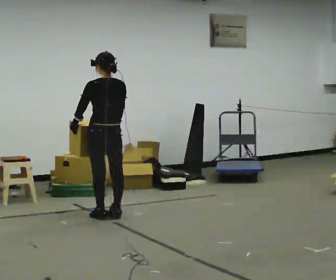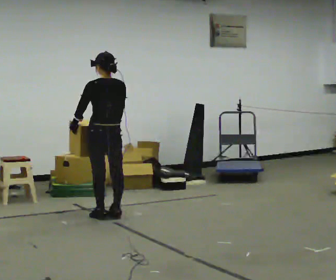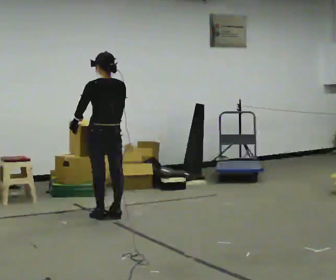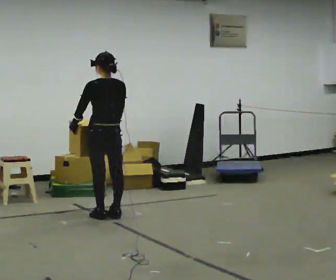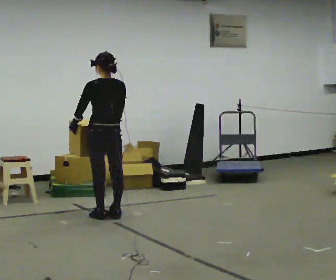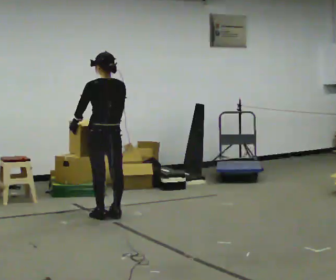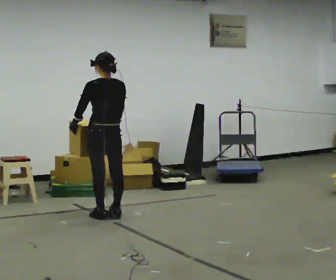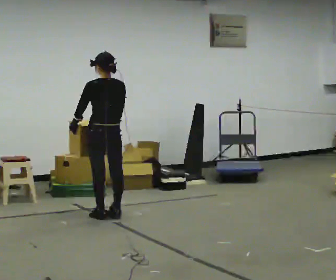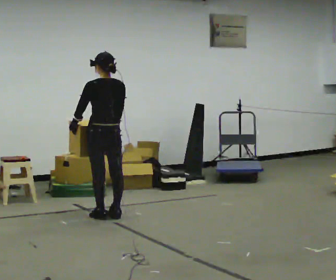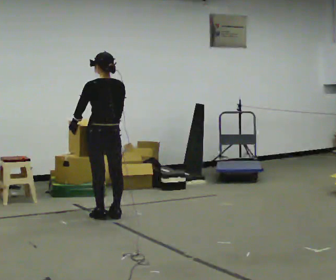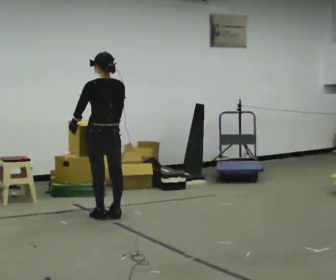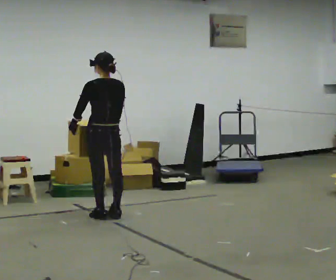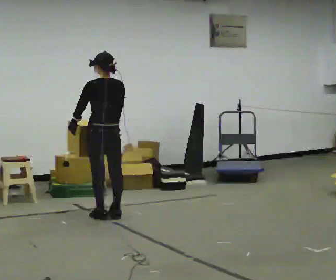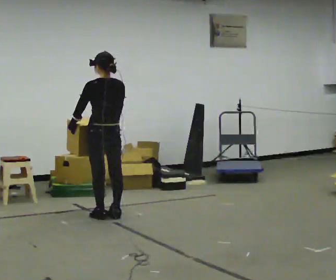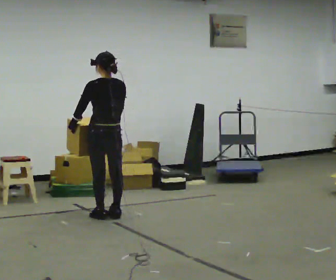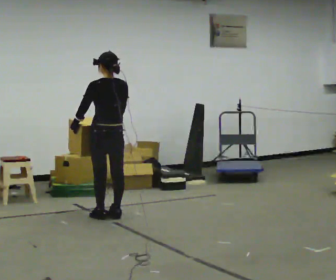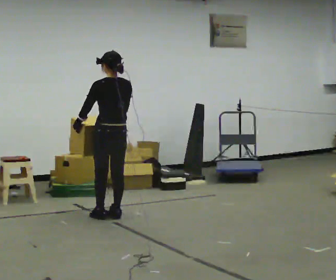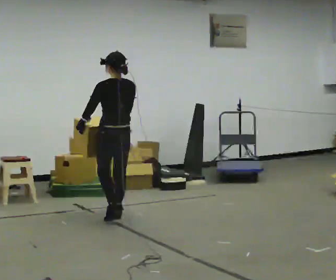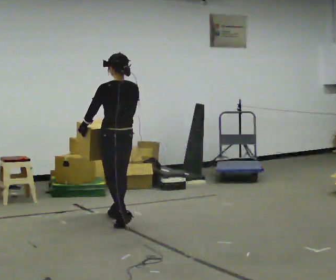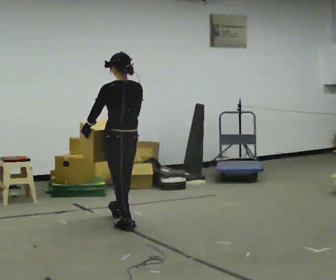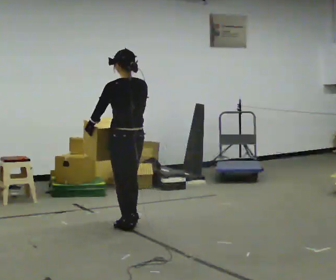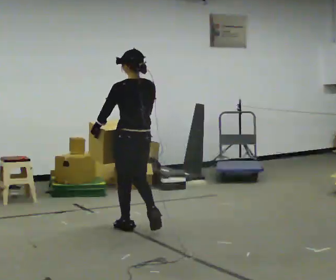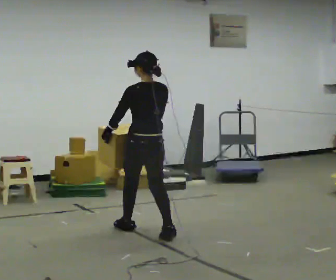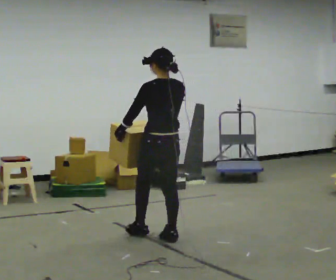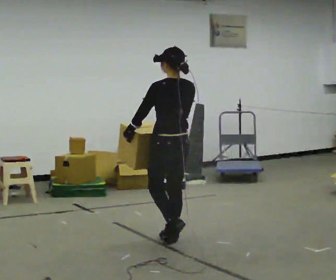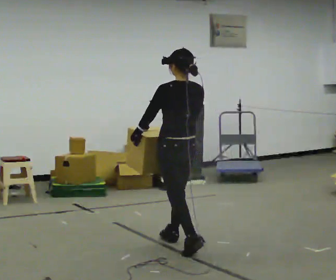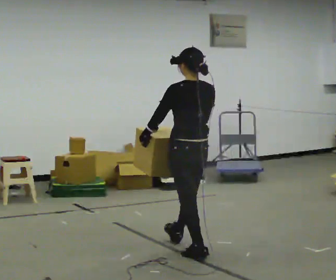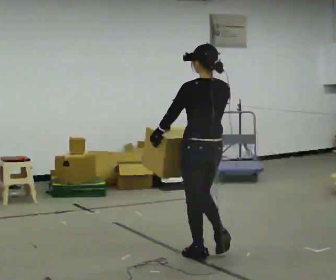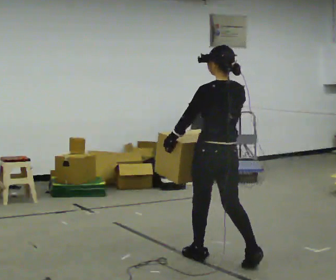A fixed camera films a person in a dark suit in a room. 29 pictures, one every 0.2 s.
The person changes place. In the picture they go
toward the camera.
0.0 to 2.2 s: The person keeps their place and pose.
2.2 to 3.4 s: The person moves a little, or ends about where they began.
3.4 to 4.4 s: In the picture they go toward the camera and to the right, about 0.75 m in 1 step, which for them is backward.
4.4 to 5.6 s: In the picture they go toward the camera and to the right, about 1 m in 2 steps, which for them is backward.
The film runs backward here.
